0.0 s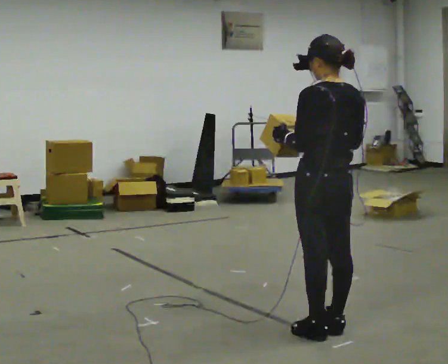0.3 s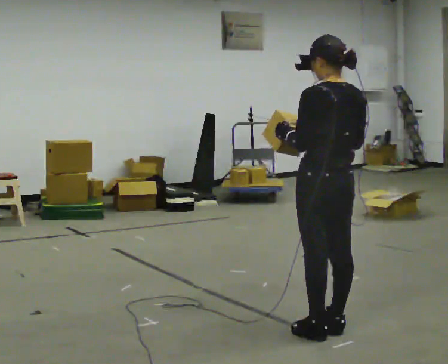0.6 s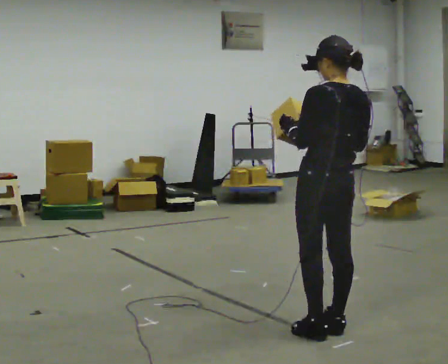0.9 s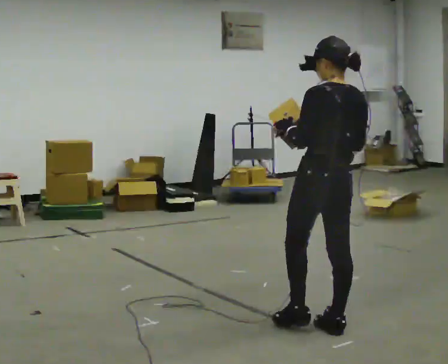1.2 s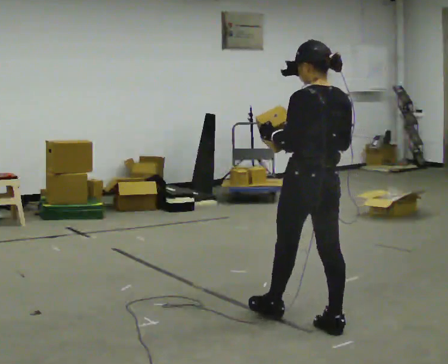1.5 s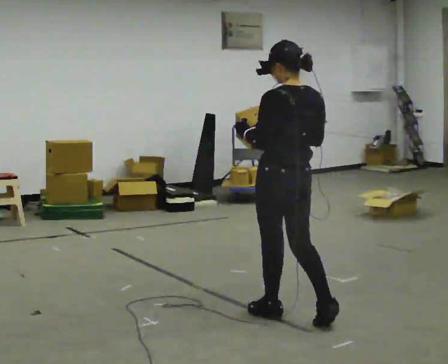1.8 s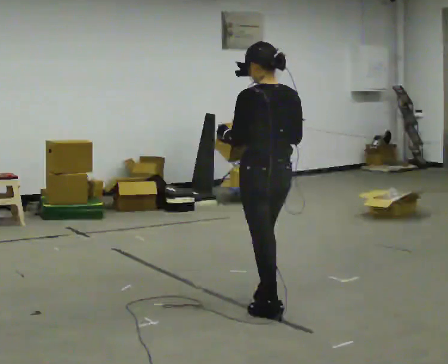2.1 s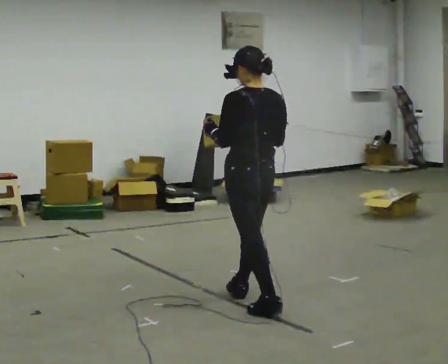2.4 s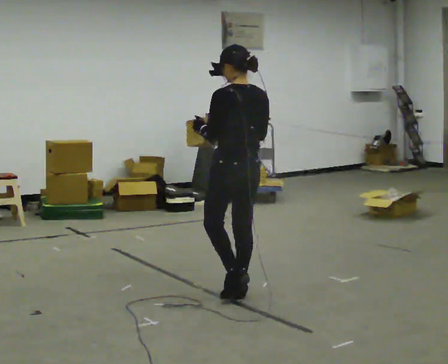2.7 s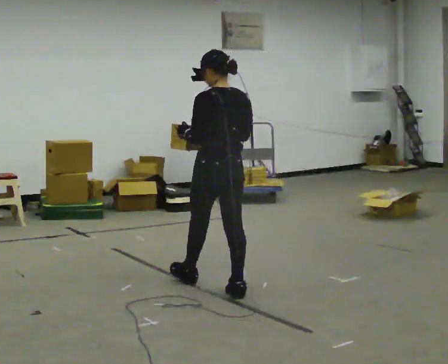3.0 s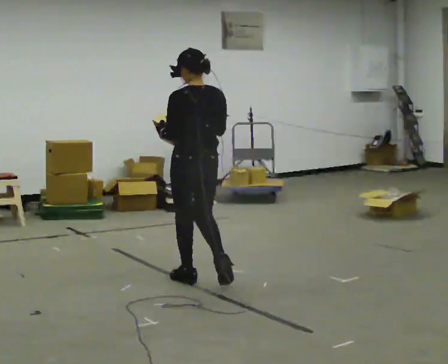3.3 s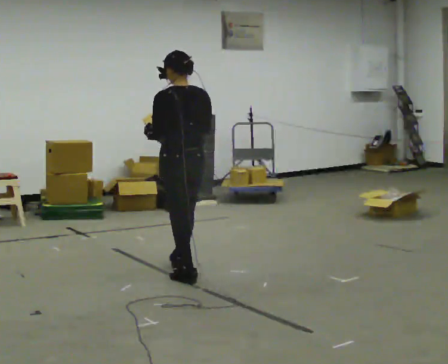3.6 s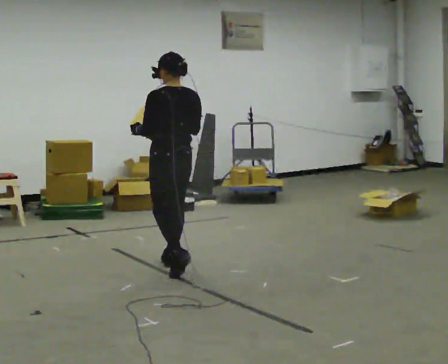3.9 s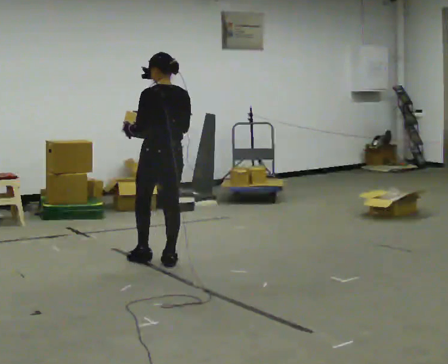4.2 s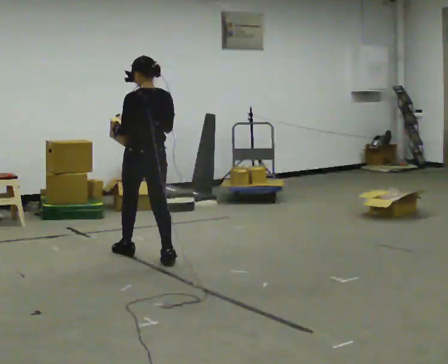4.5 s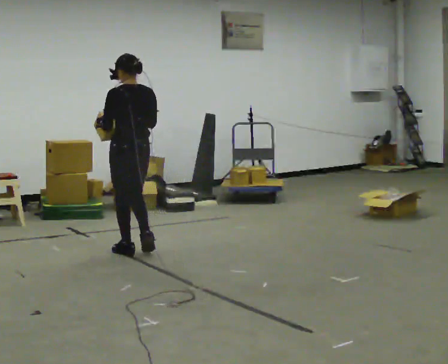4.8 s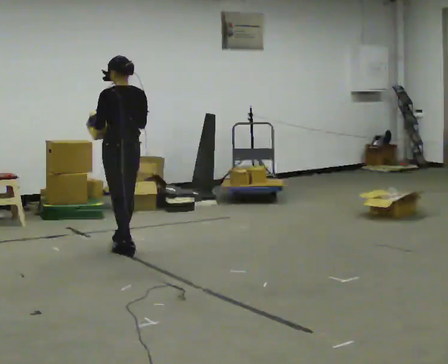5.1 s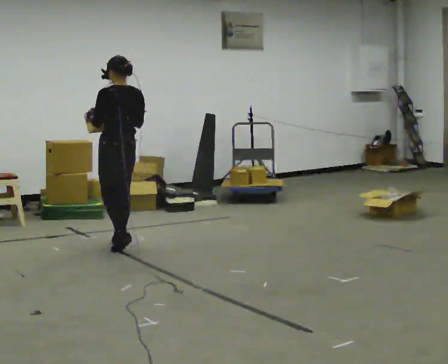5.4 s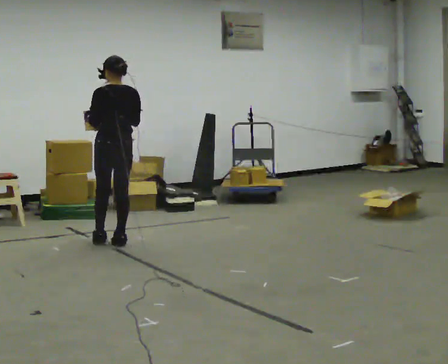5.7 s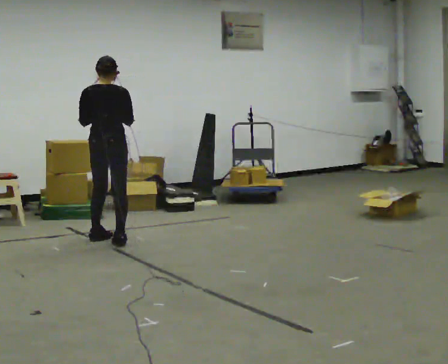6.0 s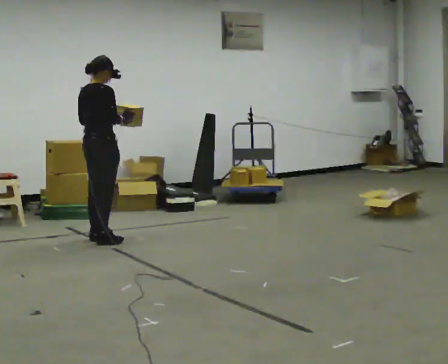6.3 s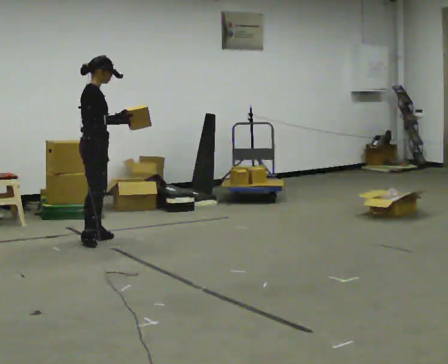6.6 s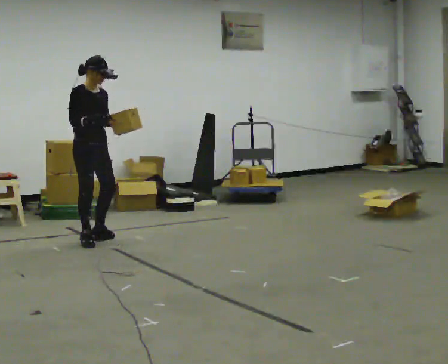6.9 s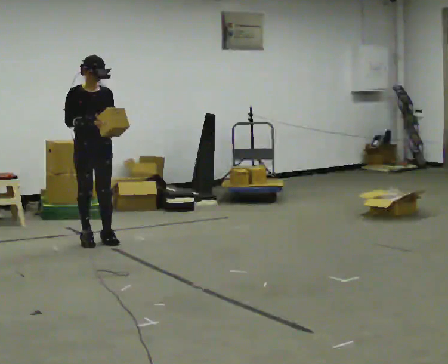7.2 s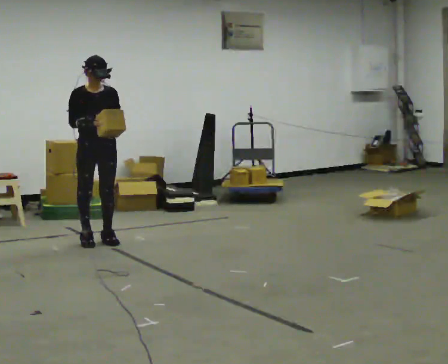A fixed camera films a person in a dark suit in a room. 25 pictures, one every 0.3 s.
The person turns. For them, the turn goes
to their right.
The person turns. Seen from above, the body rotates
clockwise.
0.0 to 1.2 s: In the picture they go away from the camera, about 0.25 m in 1 step, which for them is forward.
1.2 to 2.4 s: In the picture they go away from the camera and to the left, about 0.75 m in 1 step, which for them is forward.
2.4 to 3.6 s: In the picture they go away from the camera and to the left, about 1 m in 2 steps, which for them is forward.
3.6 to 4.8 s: In the picture they go away from the camera and to the left, about 0.75 m in 2 steps, which for them is forward.
4.8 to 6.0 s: The person turns about 105 degrees to their right, clockwise seen from above, so the part of the body nearest the lens slides to the left. In the picture they go to the left and away from the camera, about 0.5 m in 1 step.
6.0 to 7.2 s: The person turns about 90 degrees to their right, clockwise seen from above, so the part of the body nearest the lens slides to the left.
The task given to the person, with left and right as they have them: Carry the box and, while you are still walking, turn it so you can read the label, read it out loud, then carry on. Repeat with the next box. Do not stop to read it.
The film runs forward here.
